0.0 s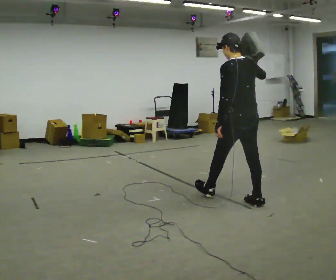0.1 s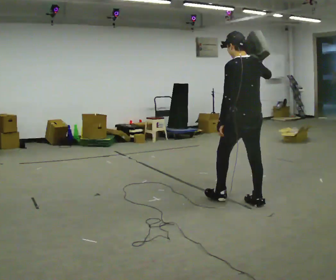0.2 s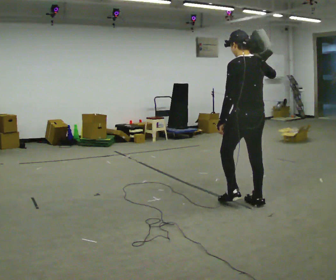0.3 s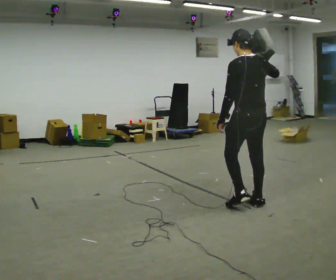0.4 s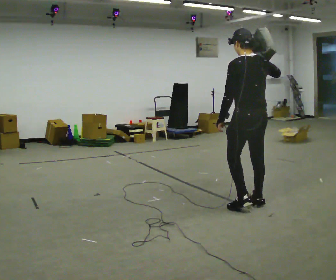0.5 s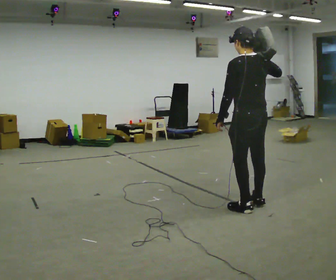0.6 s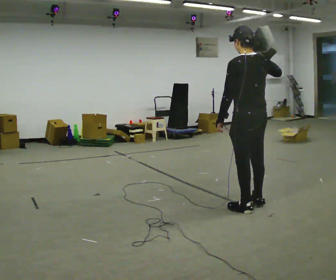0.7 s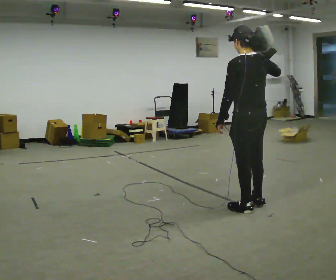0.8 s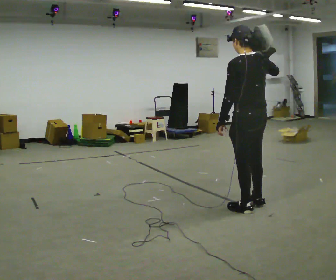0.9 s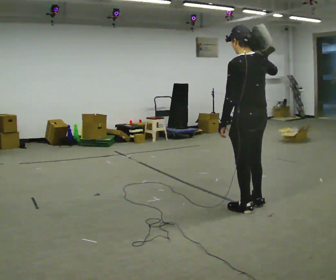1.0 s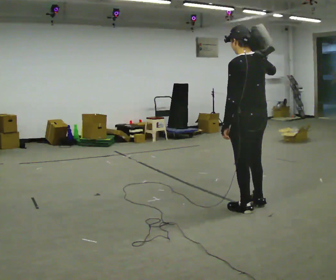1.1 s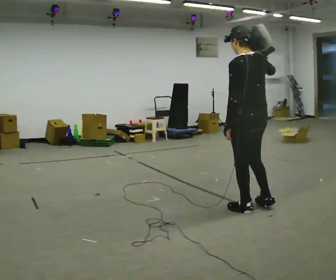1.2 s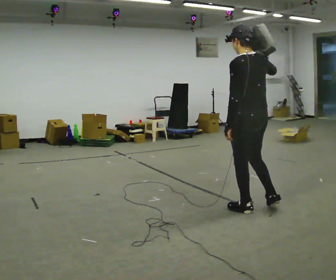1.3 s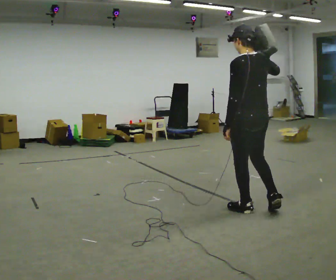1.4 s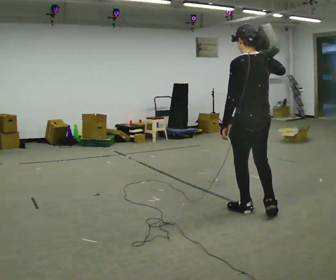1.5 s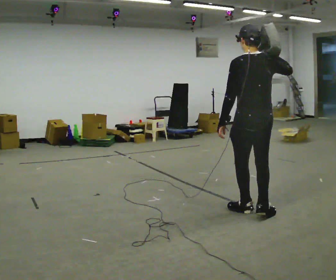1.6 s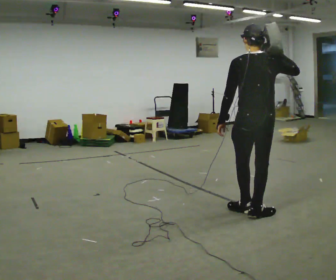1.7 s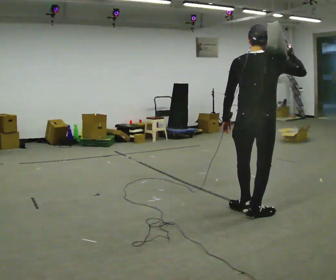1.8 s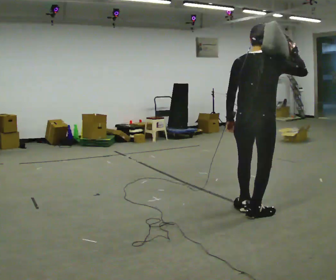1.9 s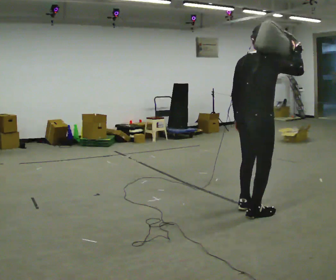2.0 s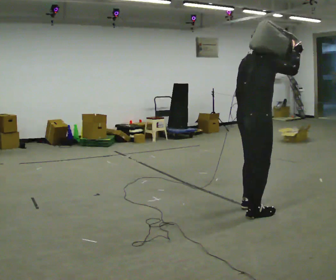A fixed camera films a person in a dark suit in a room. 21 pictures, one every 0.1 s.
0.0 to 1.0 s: In the picture they go toward the camera, about 0.25 m in 1 step, which for them is backward.
1.0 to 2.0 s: The part of the body nearest the lens slides to the left as the person turns to their right by about 90 degrees. In the picture their right hand goes to the right.
The film runs backward here.
